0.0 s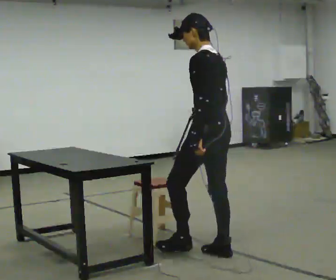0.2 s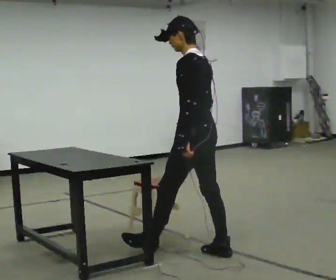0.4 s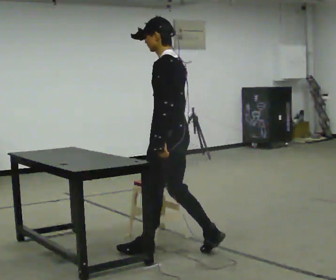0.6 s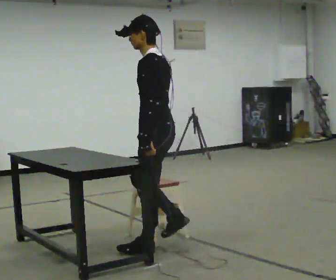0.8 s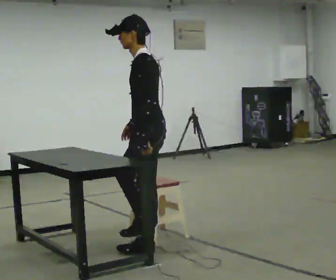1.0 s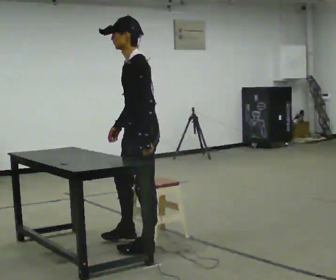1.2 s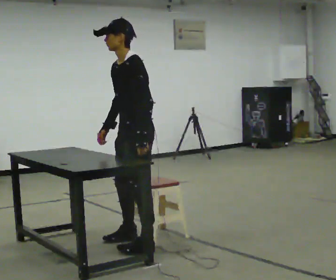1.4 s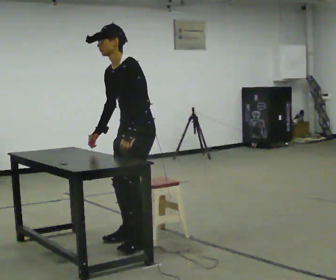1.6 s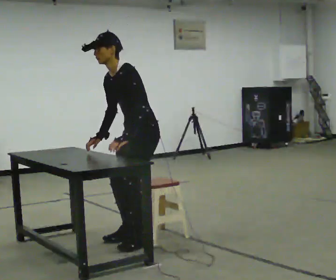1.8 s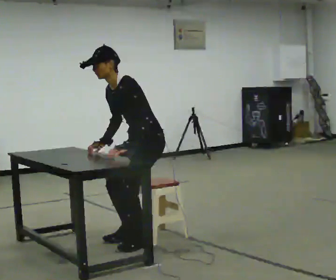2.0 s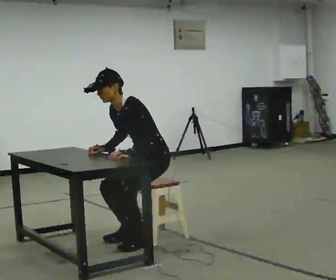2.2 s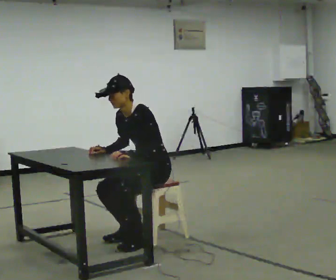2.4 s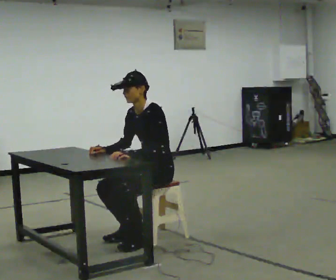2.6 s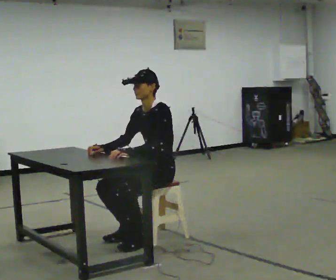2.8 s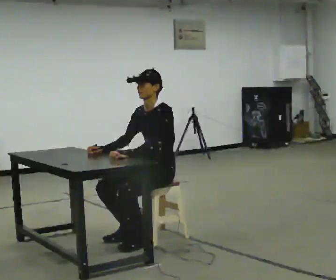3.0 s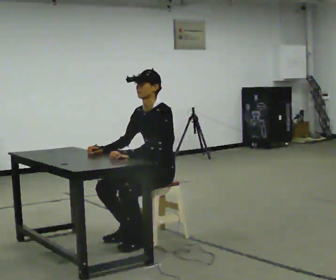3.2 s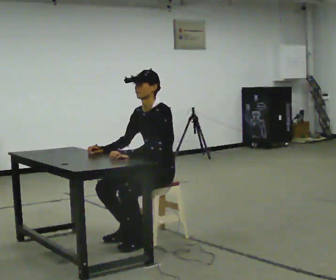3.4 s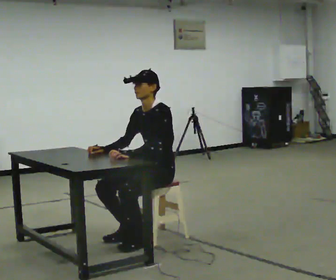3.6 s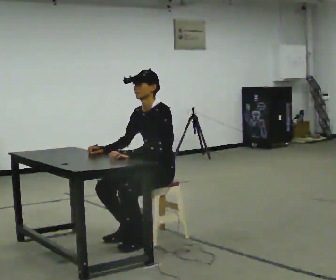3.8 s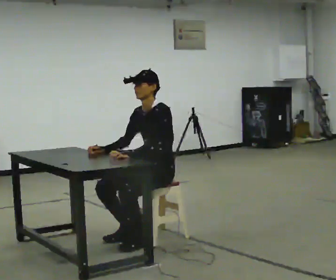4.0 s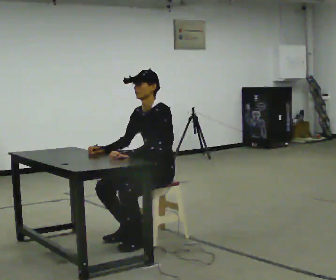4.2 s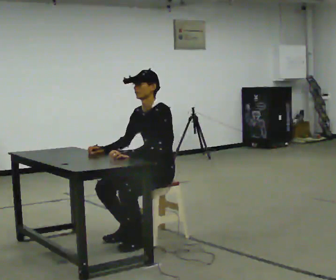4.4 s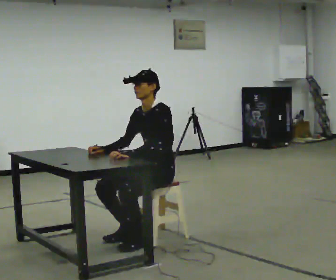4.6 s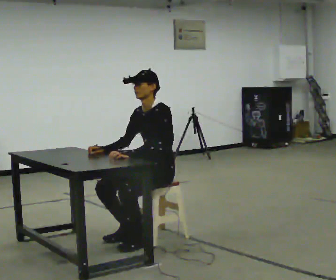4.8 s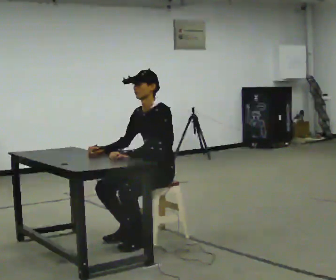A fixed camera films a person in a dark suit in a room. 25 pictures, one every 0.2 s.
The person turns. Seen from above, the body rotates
counterclockwise.
The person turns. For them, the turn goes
to their left.
0.0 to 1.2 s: Seen from above the body turns counterclockwise, about 60 degrees: to their left, with its near side sliding to the right. In the picture they go to the left and away from the camera, about 0.75 m in 2 steps, which for them is forward.
1.2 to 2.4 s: In the picture they go away from the camera, about 0.25 m in 1 step, which for them is backward. The upper body goes downward.
2.4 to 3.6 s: The person moves a little, or ends about where they began.
3.6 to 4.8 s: The person keeps their place and pose.
The film runs forward here.
